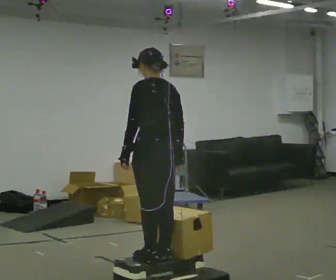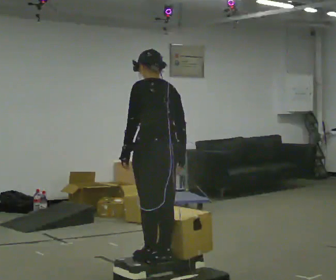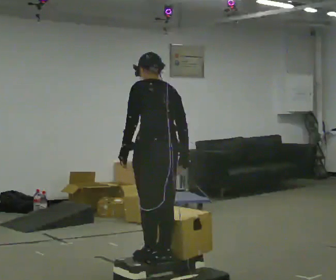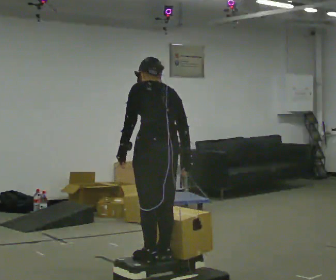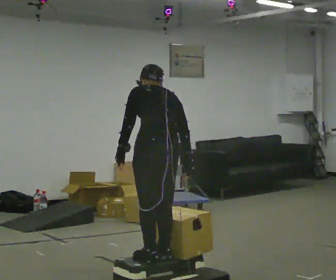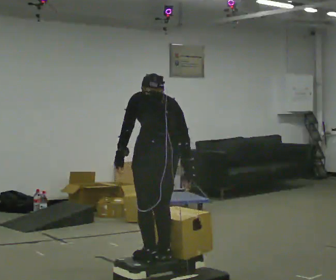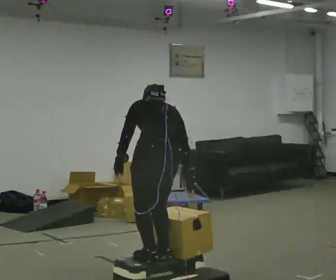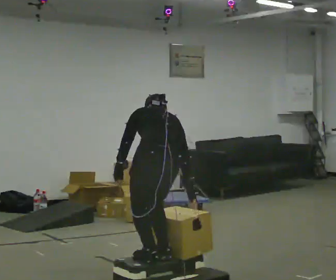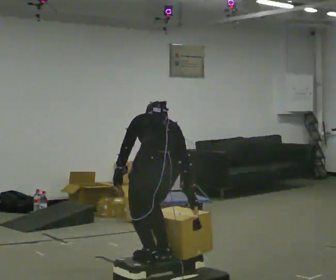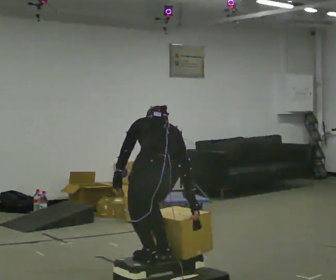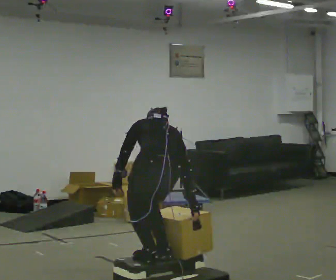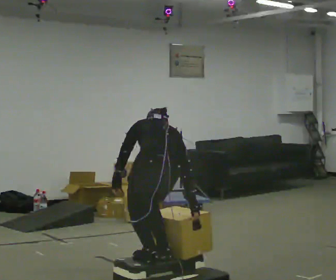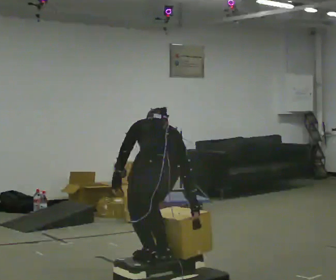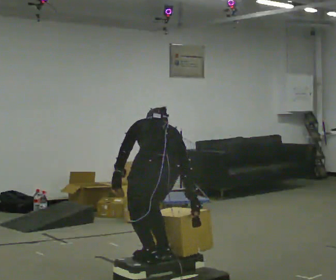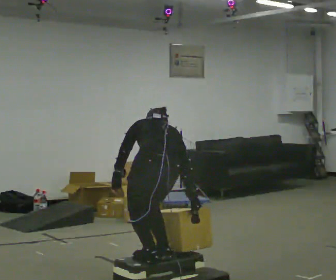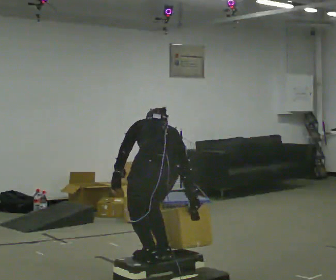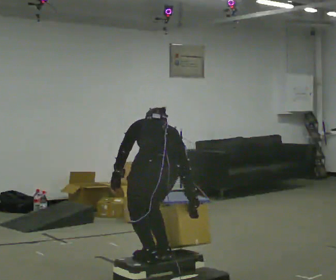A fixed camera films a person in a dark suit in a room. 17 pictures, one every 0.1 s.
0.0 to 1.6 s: The upper body goes downward. The upper body tips away from the camera, its near side rolling upward, as they bend forward. In the picture their right hand goes downward.
The film runs backward here.
